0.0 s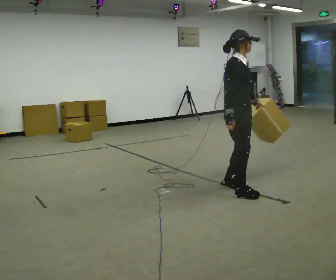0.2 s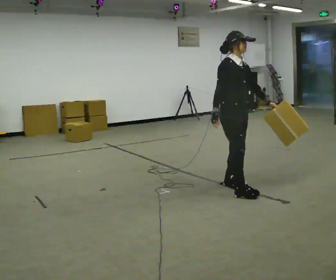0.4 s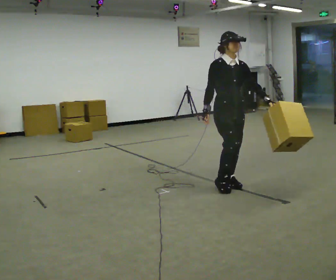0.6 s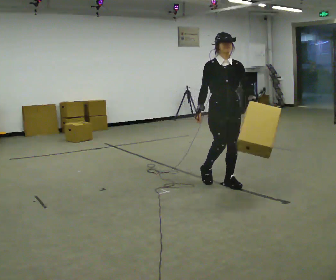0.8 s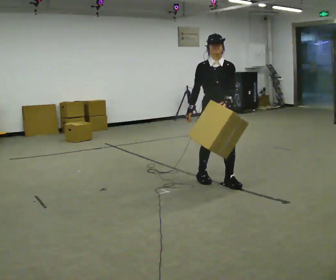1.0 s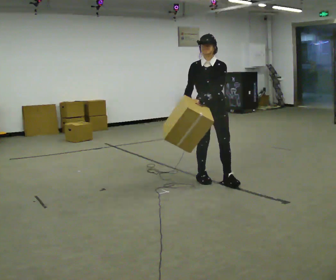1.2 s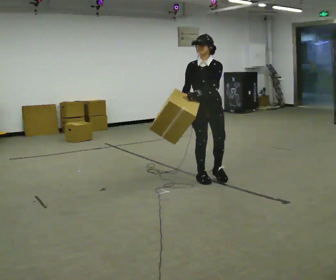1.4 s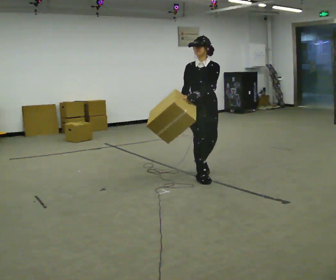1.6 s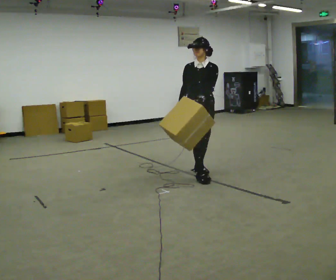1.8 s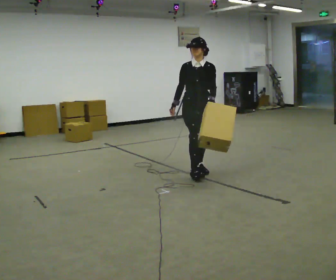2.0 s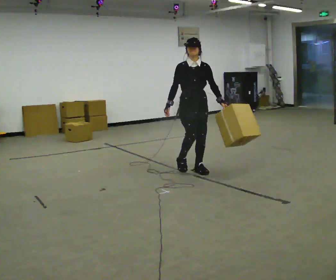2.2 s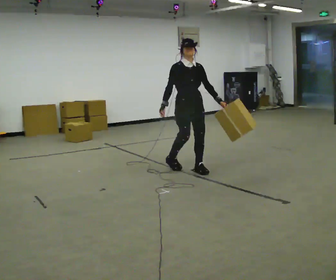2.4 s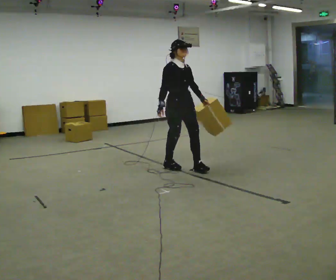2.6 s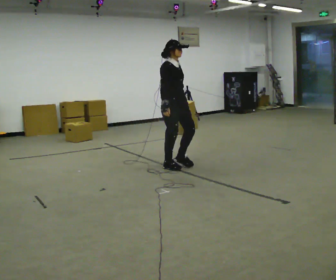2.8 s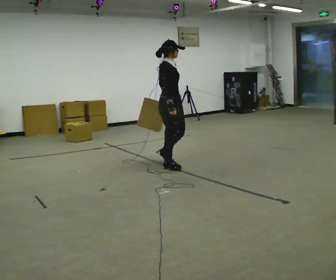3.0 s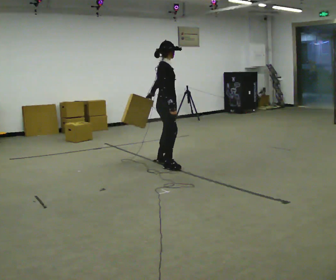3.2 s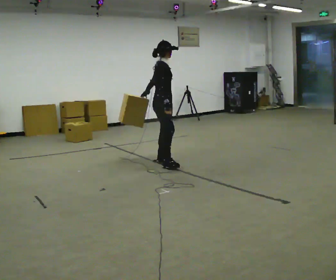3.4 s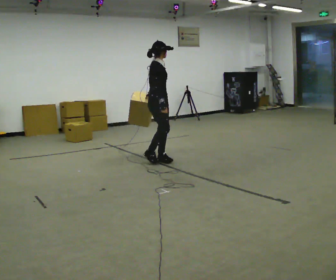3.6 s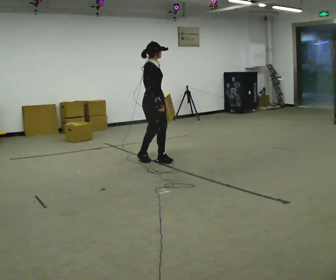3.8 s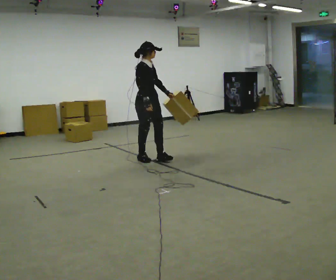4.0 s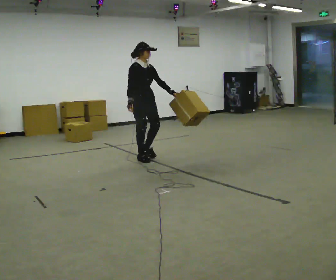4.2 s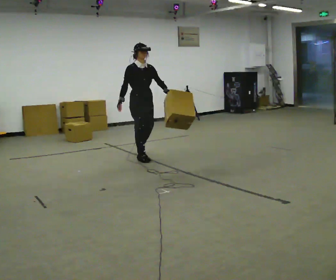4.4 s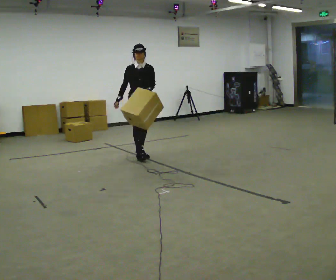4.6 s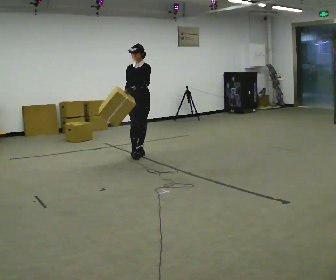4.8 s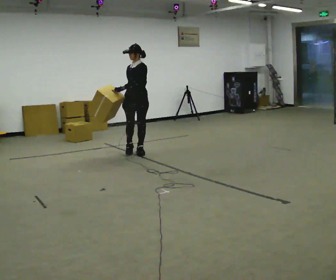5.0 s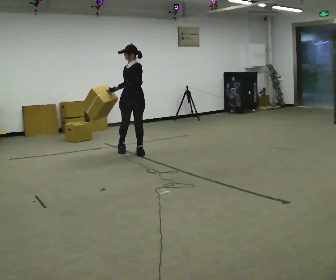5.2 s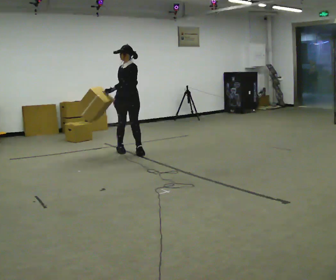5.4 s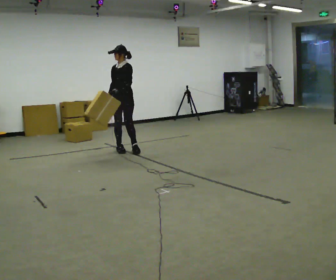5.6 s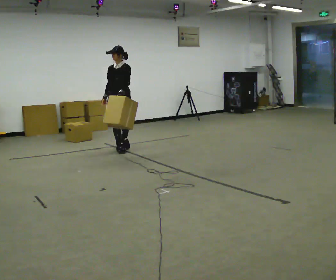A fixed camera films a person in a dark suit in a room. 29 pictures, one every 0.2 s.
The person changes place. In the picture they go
away from the camera.
0.0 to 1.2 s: The part of the body nearest the lens slides to the left as the person turns to their right by about 60 degrees. In the picture they go away from the camera and to the left, about 0.5 m in 2 steps.
1.2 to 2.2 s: In the picture they go away from the camera and to the left, about 0.5 m in 1 step, which for them is backward.
2.2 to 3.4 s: Seen from above the body turns counterclockwise, about 60 degrees: to their left, with its near side sliding to the right. In the picture they go away from the camera and to the left, about 0.75 m in 2 steps, which for them is backward.
3.4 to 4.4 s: Seen from above the body turns clockwise, about 60 degrees: to their right, with its near side sliding to the left. In the picture they go away from the camera and to the left, about 0.5 m in 1 step, which for them is backward.
4.4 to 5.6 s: In the picture they go away from the camera and to the left, about 0.5 m in 2 steps, which for them is to their right.
The film runs backward here.
